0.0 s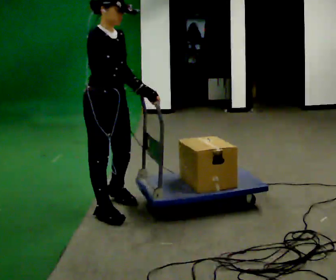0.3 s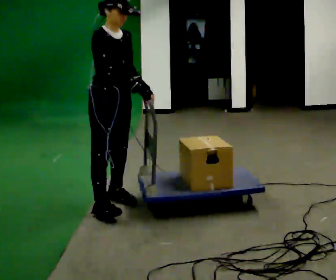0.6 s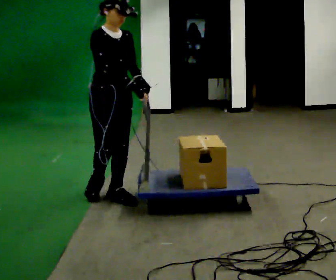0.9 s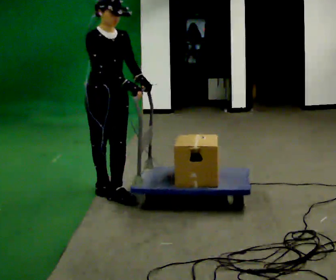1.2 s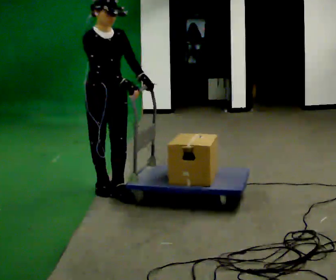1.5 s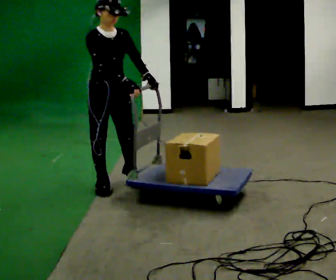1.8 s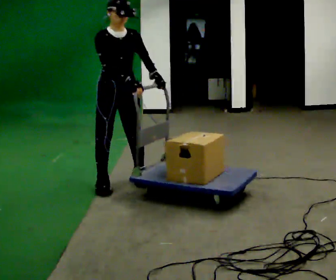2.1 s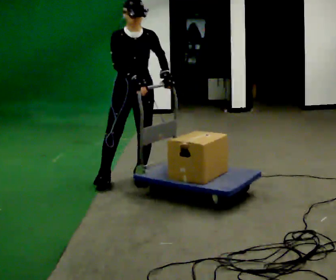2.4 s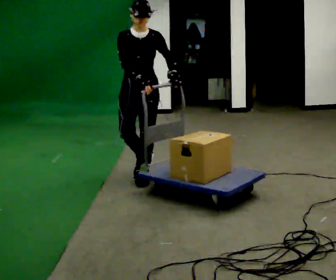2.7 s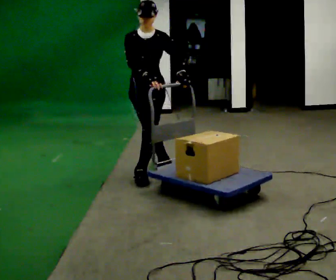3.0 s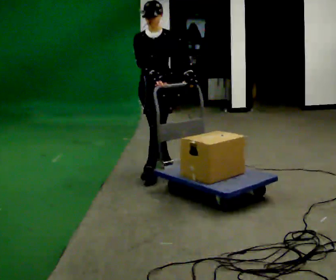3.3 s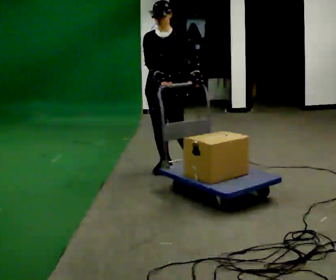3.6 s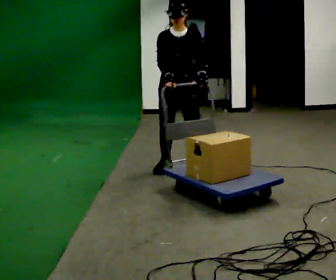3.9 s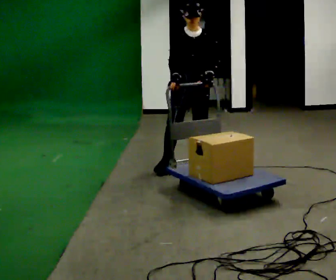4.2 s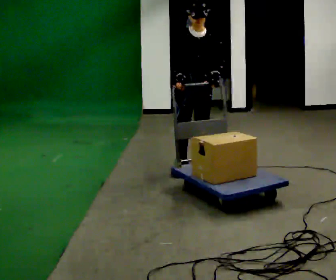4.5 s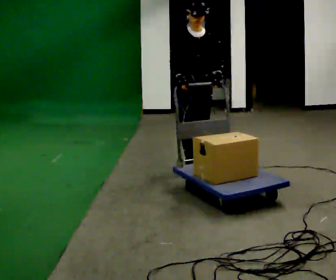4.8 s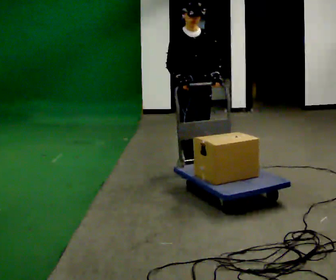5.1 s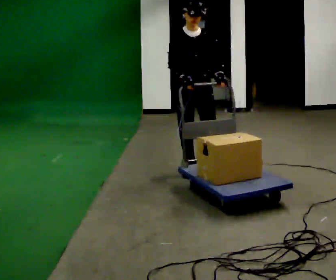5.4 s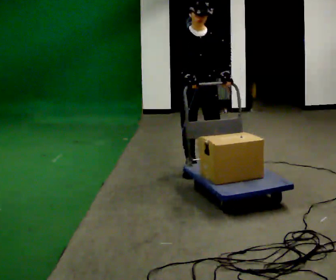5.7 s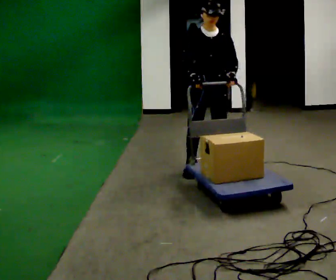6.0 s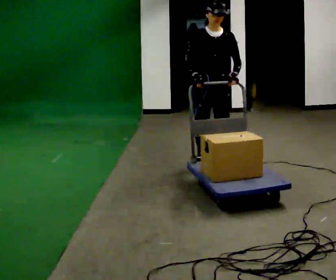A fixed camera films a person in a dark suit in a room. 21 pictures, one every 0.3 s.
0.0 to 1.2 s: The person turns about 30 degrees to their right, clockwise seen from above, so the part of the body nearest the lens slides to the left. In the picture they go away from the camera, about 0.5 m in 2 steps, which for them is backward and to their left.
1.2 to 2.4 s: The part of the body nearest the lens slides to the left as the person turns to their right by about 45 degrees. In the picture they go away from the camera and to the right, about 0.5 m in 1 step, which for them is to their left and backward.
2.4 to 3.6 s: In the picture they go to the right and away from the camera, about 0.5 m in 1 step, which for them is backward and to their left.
3.6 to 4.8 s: The person moves a little, or ends about where they began.
4.8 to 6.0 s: In the picture they go to the right, about 0.25 m in 2 steps, which for them is to their left.
The film runs backward here.
